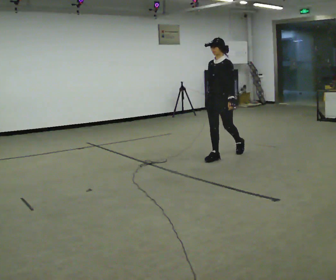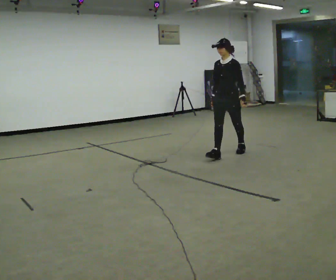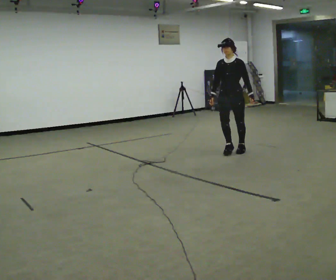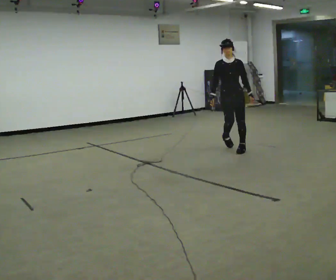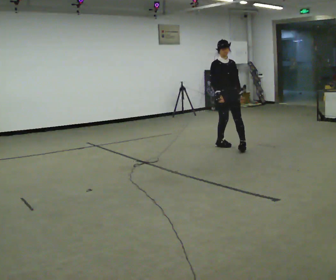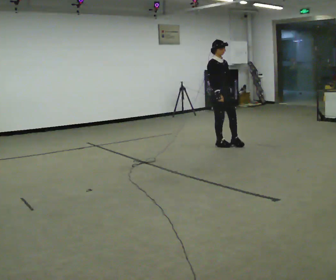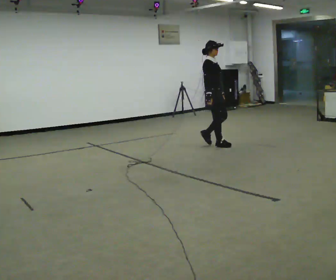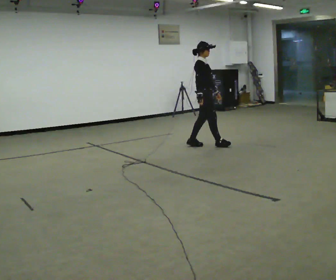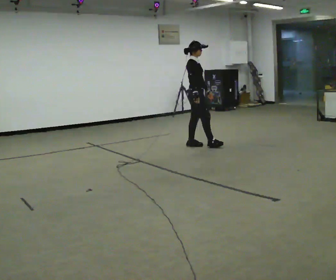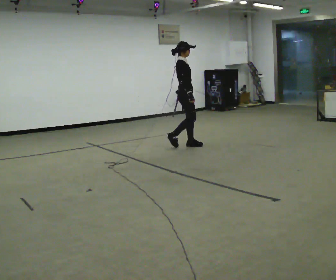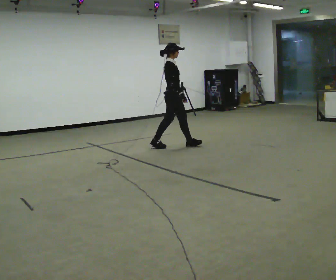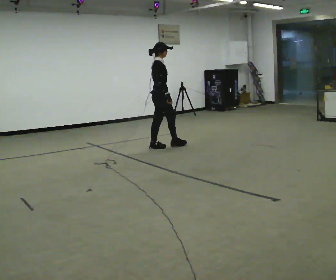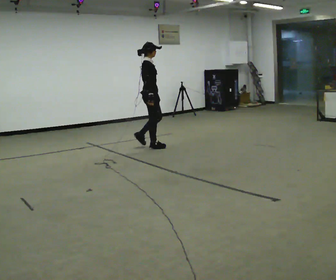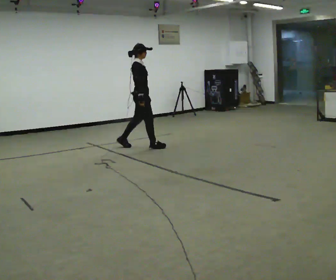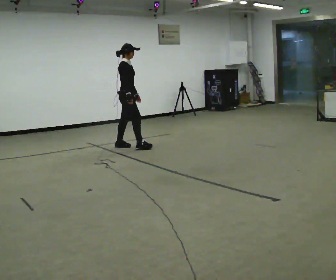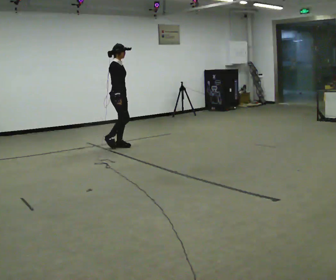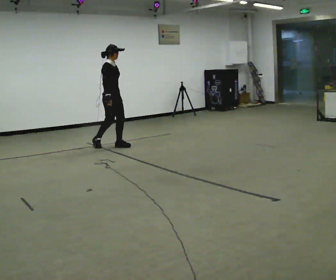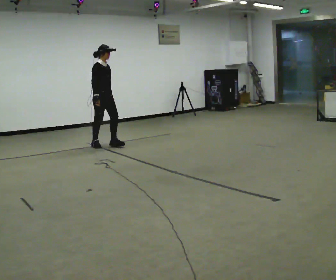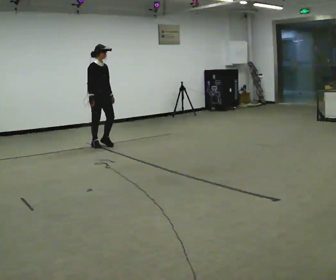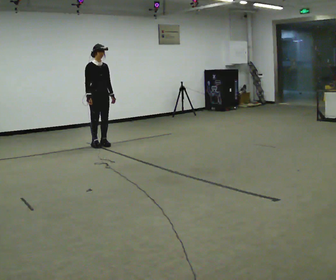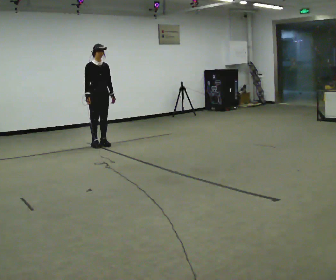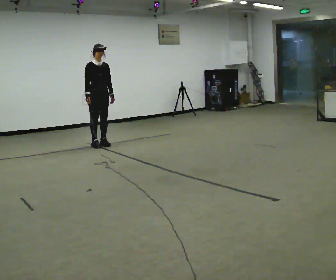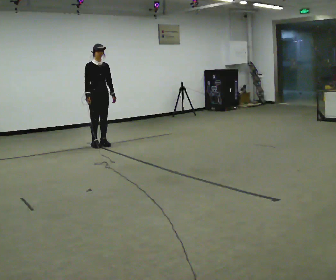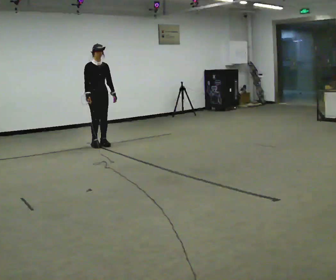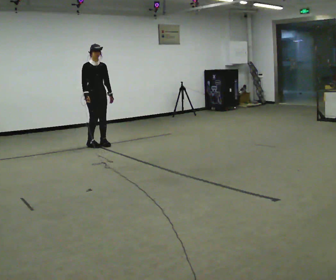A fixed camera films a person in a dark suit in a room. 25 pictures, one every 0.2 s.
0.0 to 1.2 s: The part of the body nearest the lens slides to the right as the person turns to their left by about 105 degrees. In the picture they go away from the camera, about 0.75 m in 2 steps.
1.2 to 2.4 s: The part of the body nearest the lens slides to the right as the person turns to their left by about 30 degrees. In the picture they go to the left, about 1 m in 2 steps, which for them is backward.
2.4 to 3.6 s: The part of the body nearest the lens slides to the left as the person turns to their right by about 45 degrees. In the picture they go to the left, about 1 m in 2 steps, which for them is backward.
3.6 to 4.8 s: The person moves a little, or ends about where they began.
The film runs backward here.
